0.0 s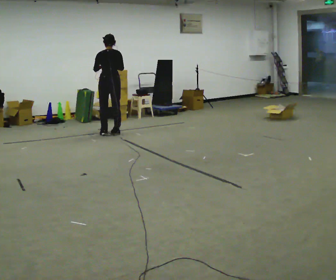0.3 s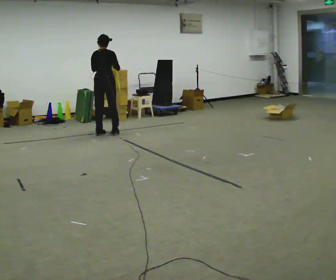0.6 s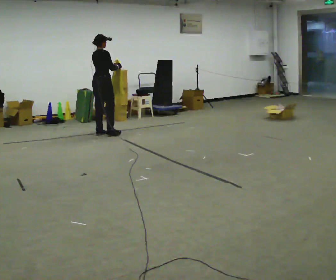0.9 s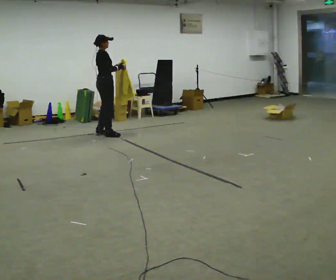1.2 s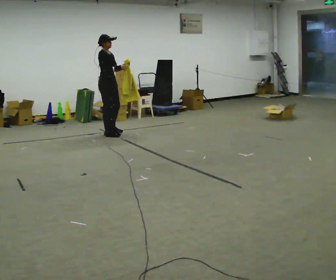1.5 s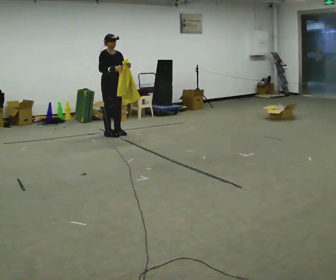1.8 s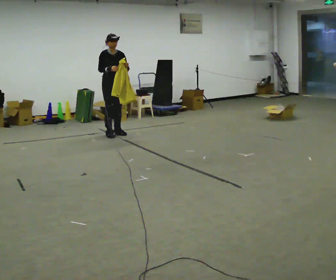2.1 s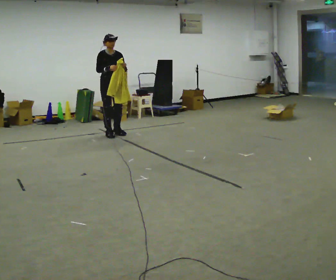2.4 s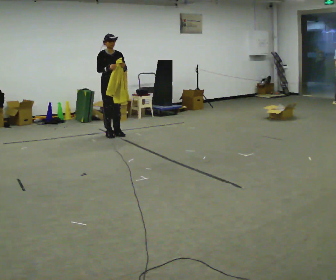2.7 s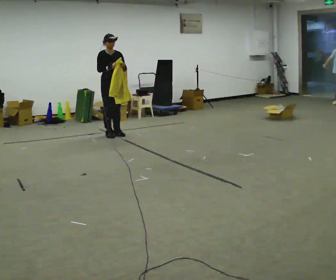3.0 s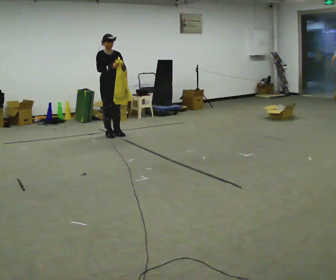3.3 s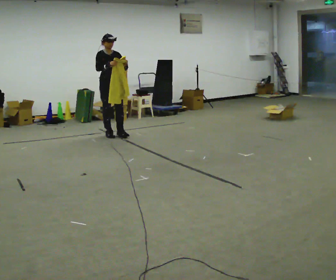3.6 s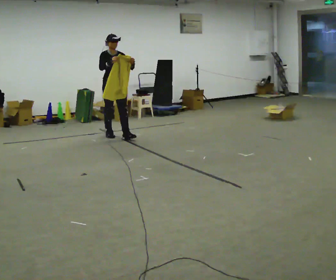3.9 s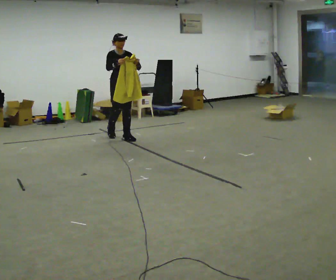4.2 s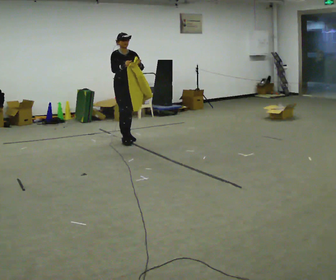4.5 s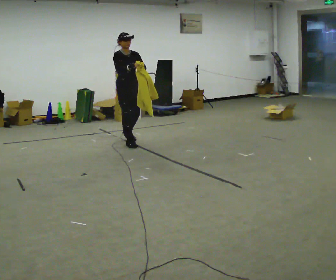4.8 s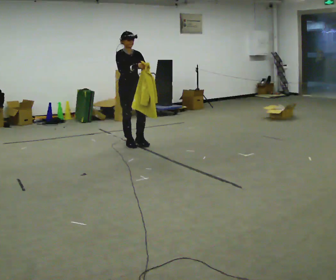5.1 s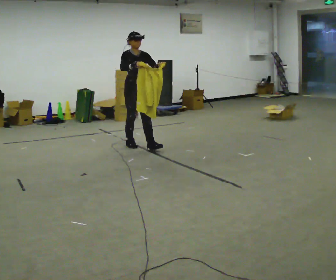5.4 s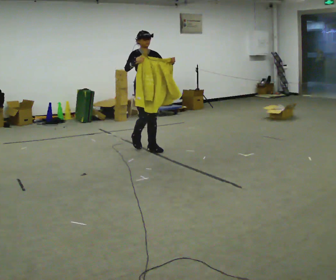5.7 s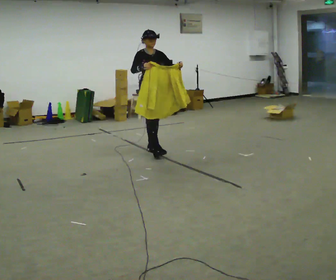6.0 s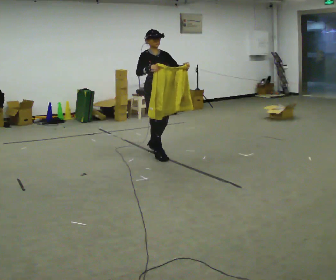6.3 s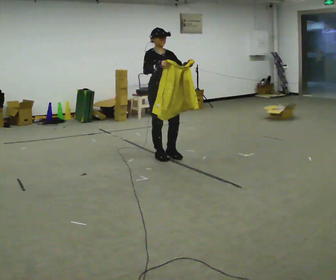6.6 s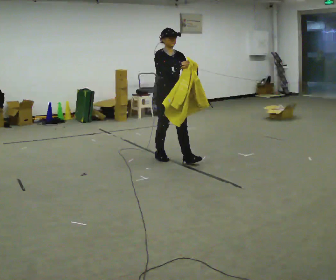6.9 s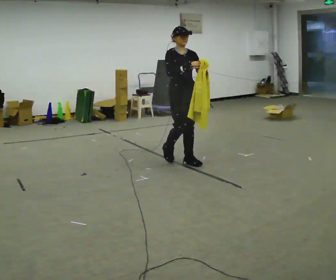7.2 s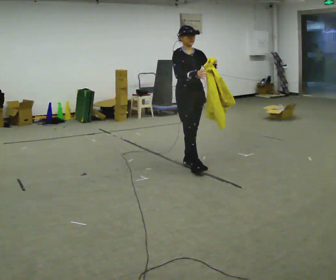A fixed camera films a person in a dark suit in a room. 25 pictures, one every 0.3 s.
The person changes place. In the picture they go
toward the camera.
0.0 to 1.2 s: The person turns about 120 degrees to their right, clockwise seen from above, so the part of the body nearest the lens slides to the left. In the picture their left hand goes to the right.
1.2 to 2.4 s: The person turns about 45 degrees to their right, clockwise seen from above, so the part of the body nearest the lens slides to the left.
2.4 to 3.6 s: The person moves a little, or ends about where they began.
3.6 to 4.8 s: In the picture they go toward the camera and to the right, about 0.5 m in 1 step, which for them is forward.
4.8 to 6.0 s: In the picture they go toward the camera and to the right, about 0.75 m in 2 steps, which for them is forward.
6.0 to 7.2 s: In the picture they go toward the camera and to the right, about 0.5 m in 1 step, which for them is forward.
The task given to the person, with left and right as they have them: Carry the cloth and, while walking, fold it in half, then unfold it. Keep repeating as you walk. Do not stop.
The film runs forward here.
